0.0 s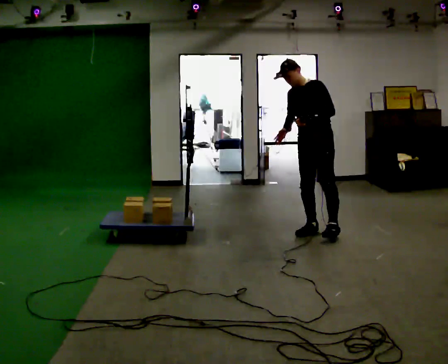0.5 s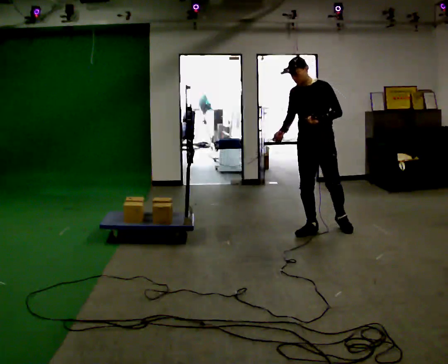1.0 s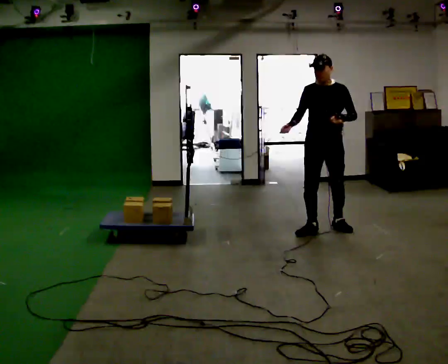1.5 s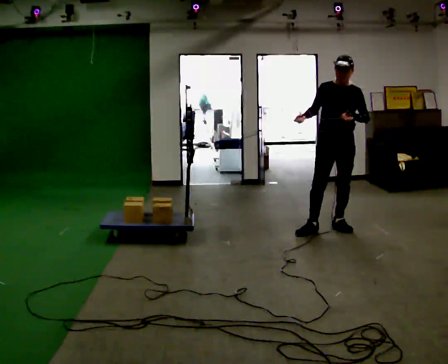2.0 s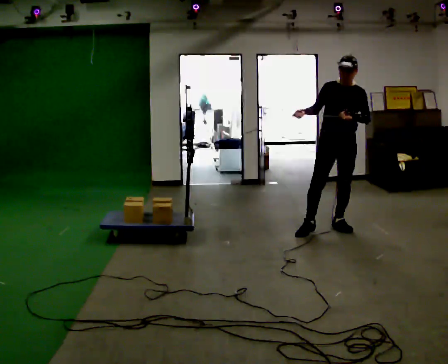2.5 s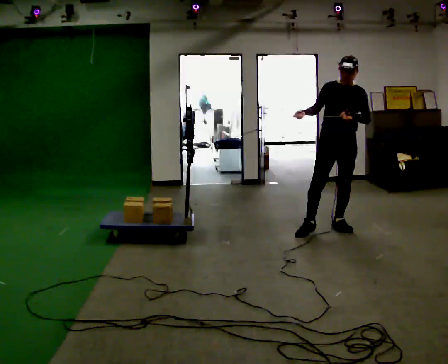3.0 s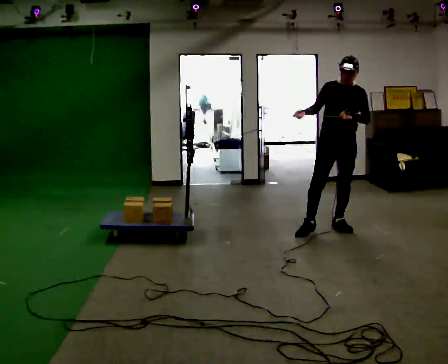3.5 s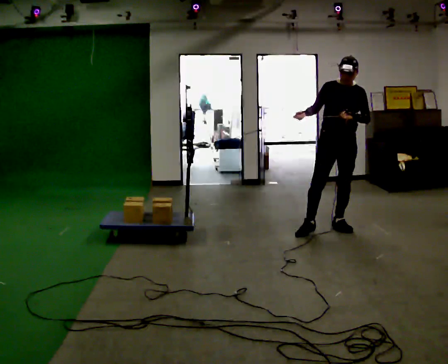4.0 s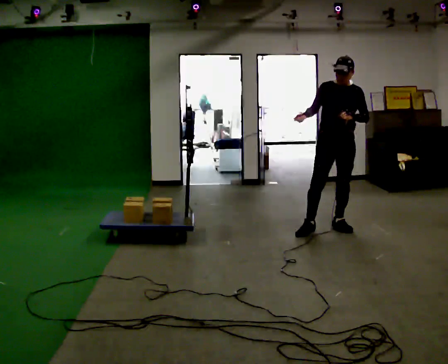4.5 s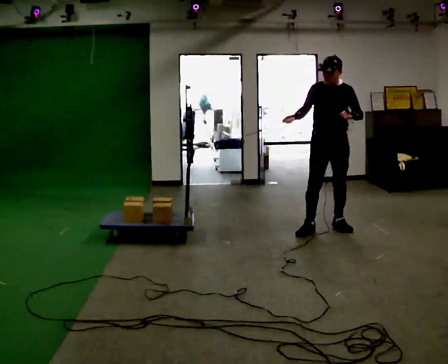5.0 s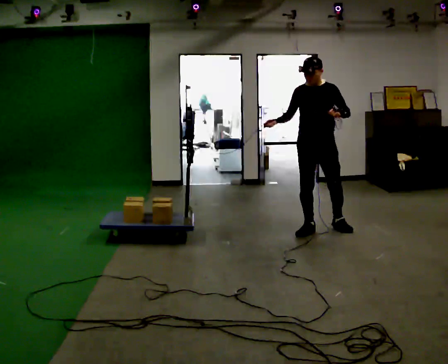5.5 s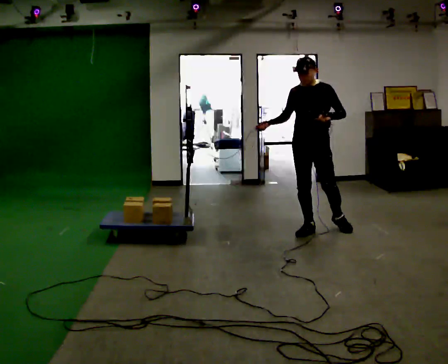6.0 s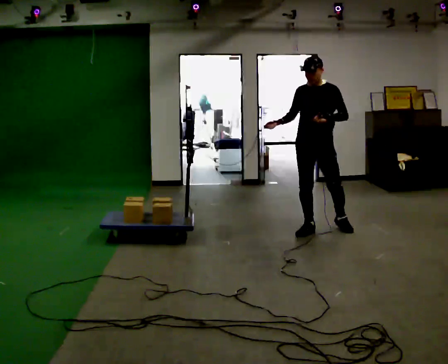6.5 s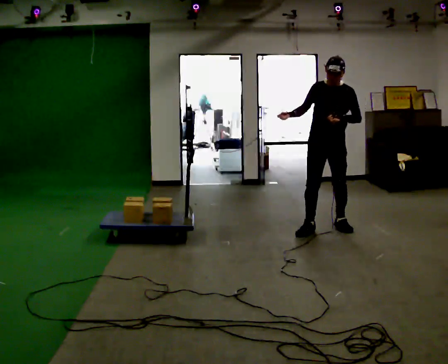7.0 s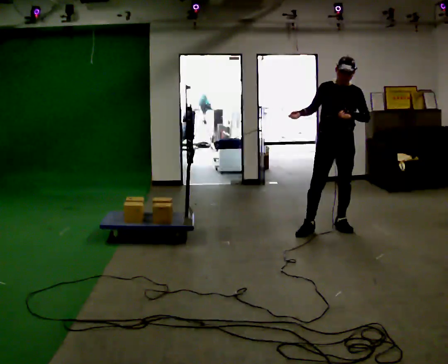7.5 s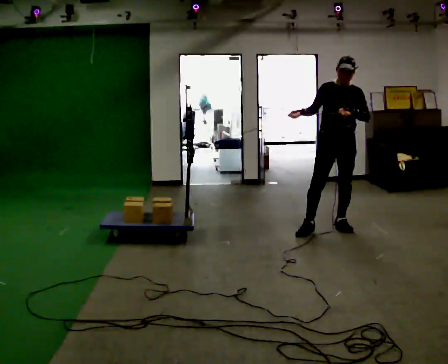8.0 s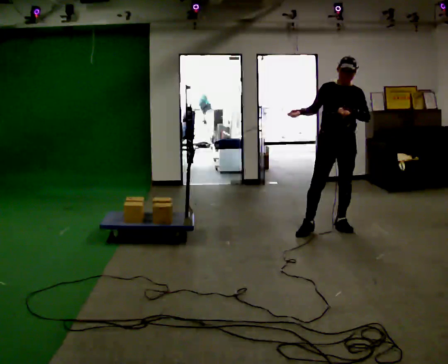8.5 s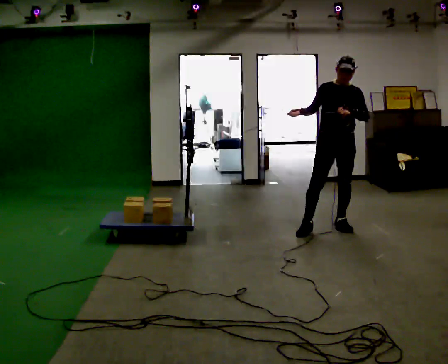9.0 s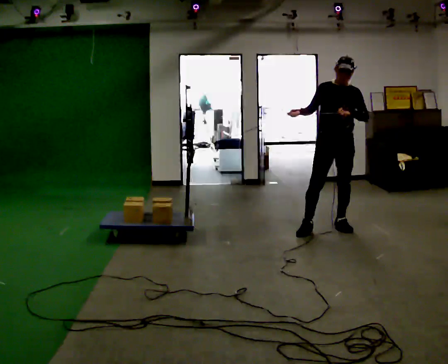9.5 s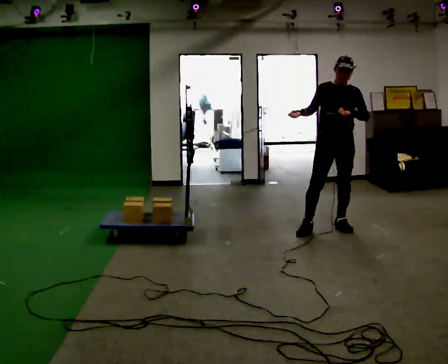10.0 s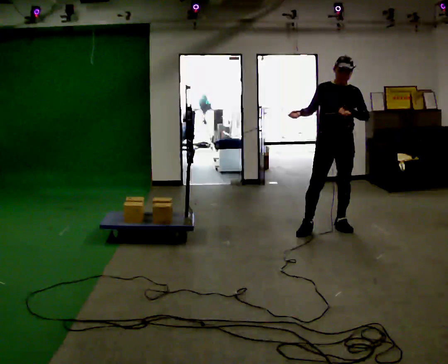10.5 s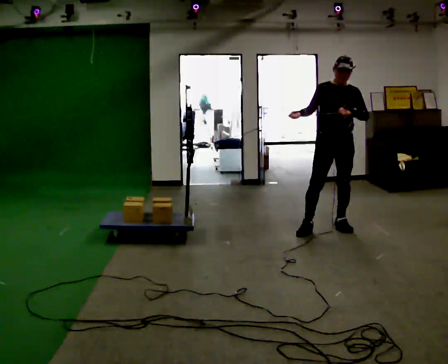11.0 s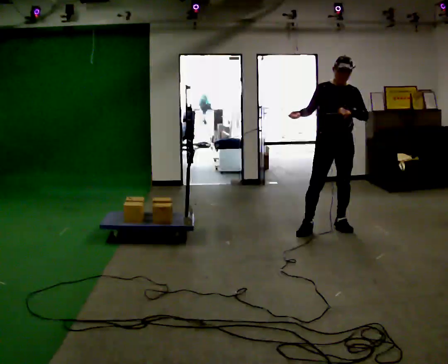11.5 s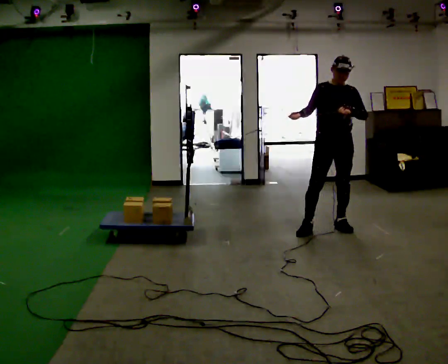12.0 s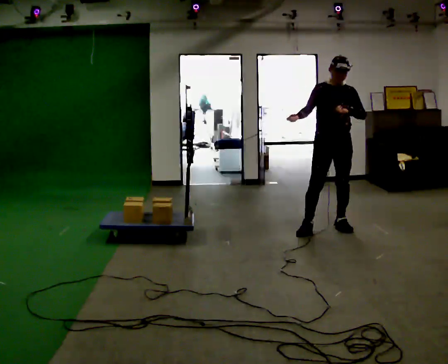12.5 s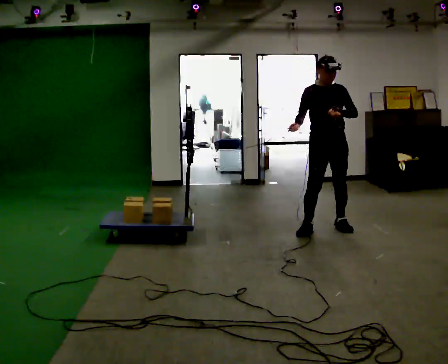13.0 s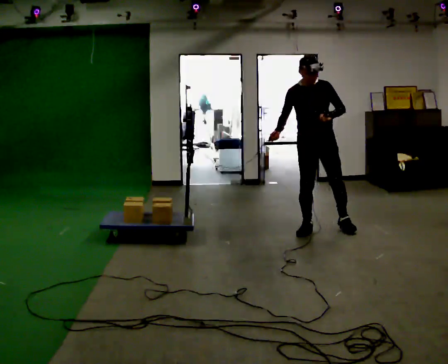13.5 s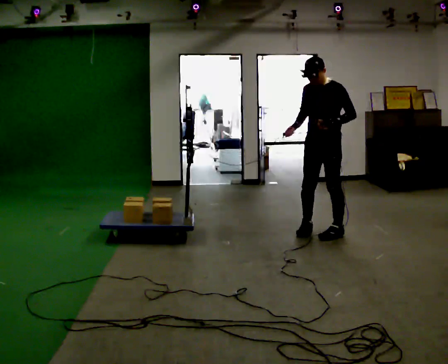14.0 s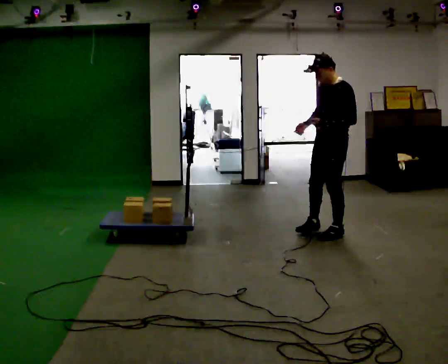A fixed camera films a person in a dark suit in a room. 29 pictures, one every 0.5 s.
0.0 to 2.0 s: Seen from above the body turns counterclockwise, about 45 degrees: to their left, with its near side sliding to the right. In the picture they go to the right, about 0.25 m, which for them is to their left. In the picture the upper body tilts clockwise, shoulders to the right.
2.0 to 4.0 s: The person moves a little, or ends about where they began.
4.0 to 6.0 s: In the picture they go to the left, about 0.25 m, which for them is to their right.
6.0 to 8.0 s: In the picture they go to the right, about 0.25 m, which for them is to their left.
8.0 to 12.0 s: The person moves a little, or ends about where they began.
12.0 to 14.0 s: Seen from above the body turns clockwise, about 60 degrees: to their right, with its near side sliding to the left. In the picture they go toward the camera, about 0.25 m in 1 step.
The film runs backward here.
